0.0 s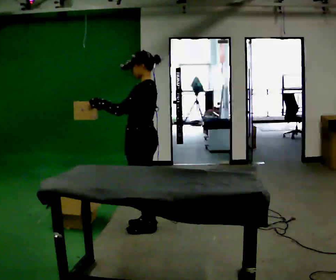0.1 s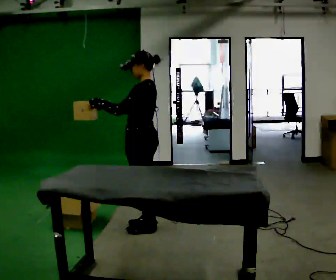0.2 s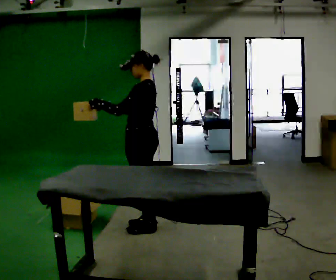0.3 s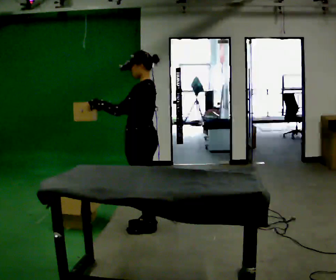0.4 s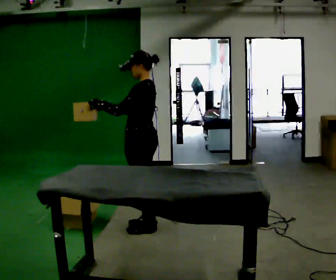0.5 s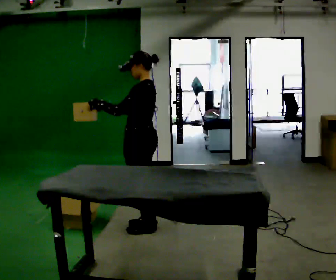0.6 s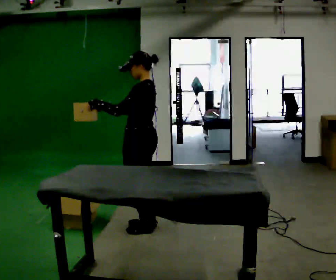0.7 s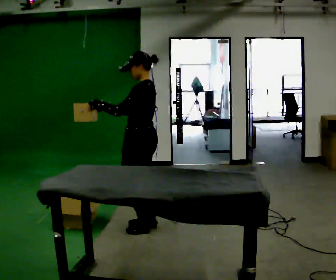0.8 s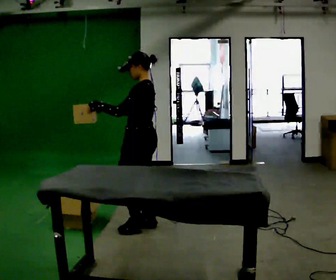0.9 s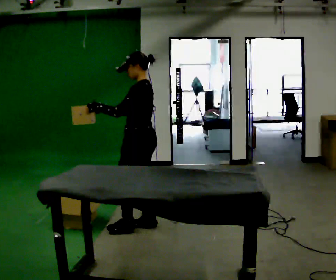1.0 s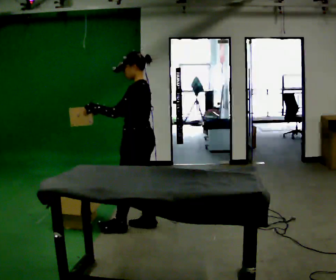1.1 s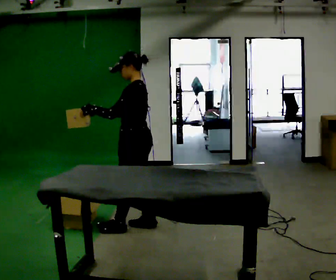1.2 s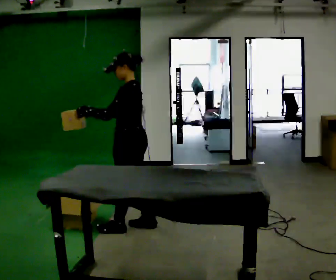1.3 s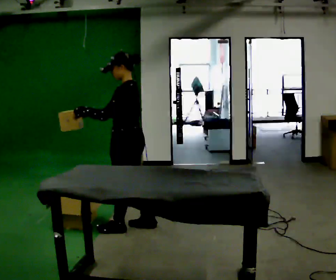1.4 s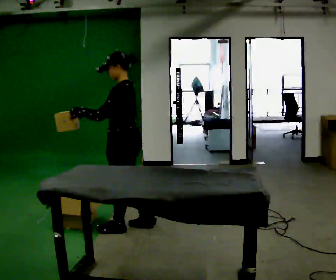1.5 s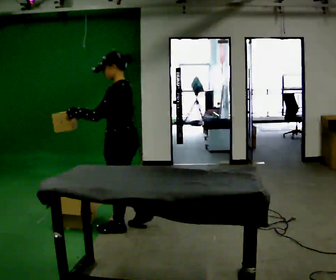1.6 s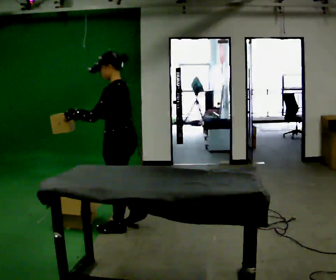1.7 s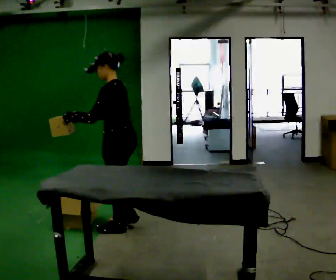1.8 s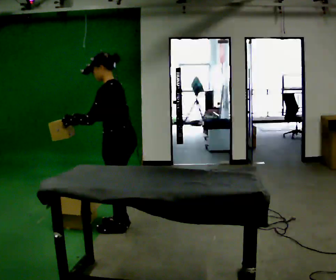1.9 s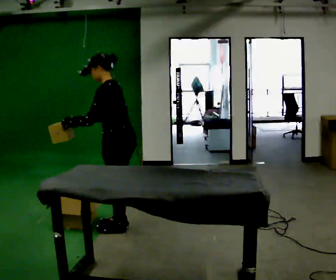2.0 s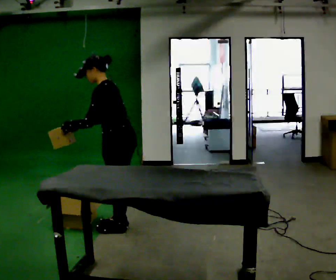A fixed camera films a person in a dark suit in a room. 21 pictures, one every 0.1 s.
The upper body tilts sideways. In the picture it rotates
counterclockwise.
0.0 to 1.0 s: The person moves a little, or ends about where they began.
1.0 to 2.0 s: In the picture they go to the left, about 0.25 m in 1 step, which for them is forward. In the picture the upper body tilts counterclockwise, shoulders to the left, as they bend forward.
The film runs forward here.
